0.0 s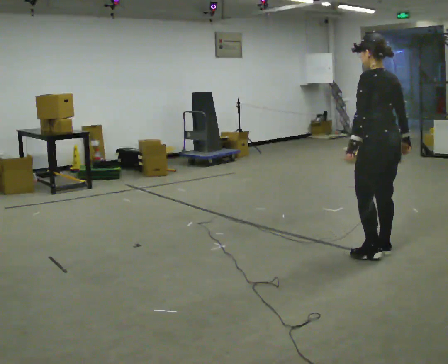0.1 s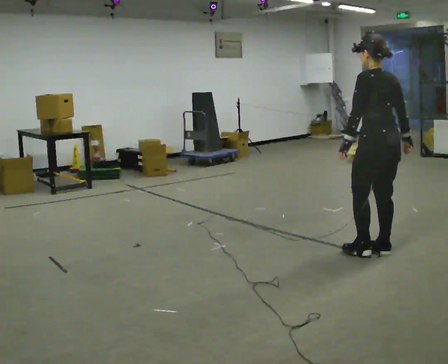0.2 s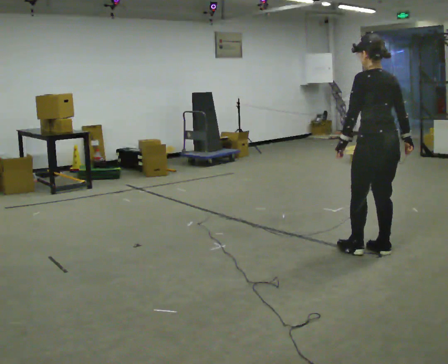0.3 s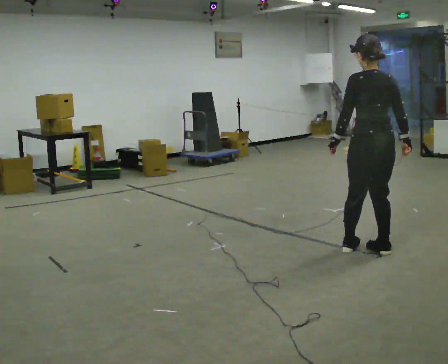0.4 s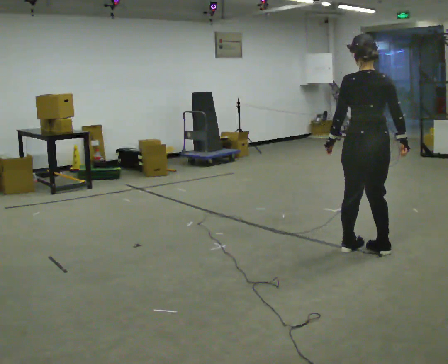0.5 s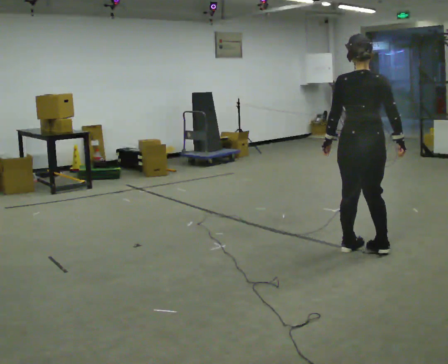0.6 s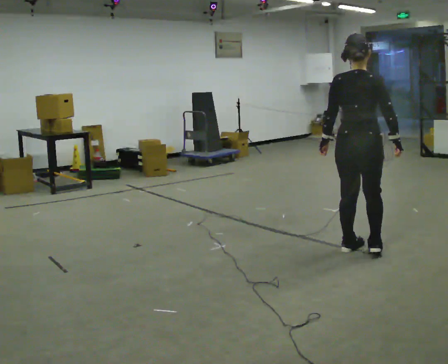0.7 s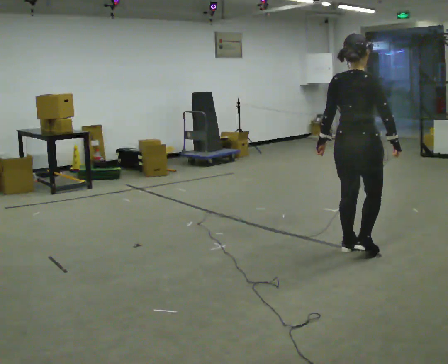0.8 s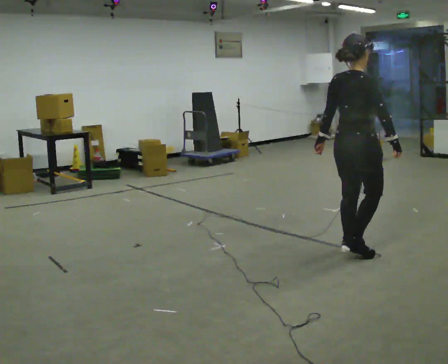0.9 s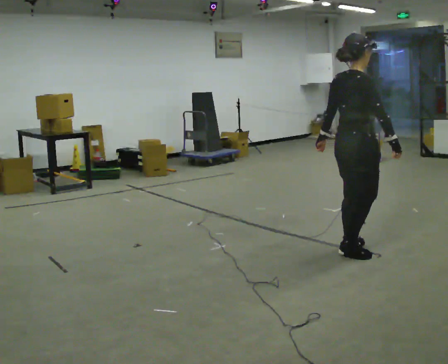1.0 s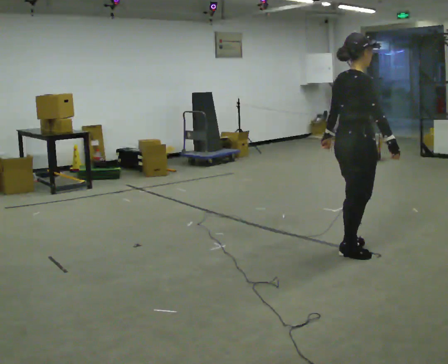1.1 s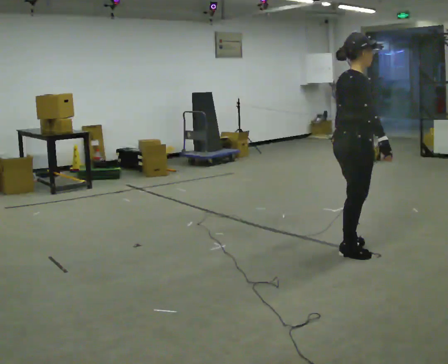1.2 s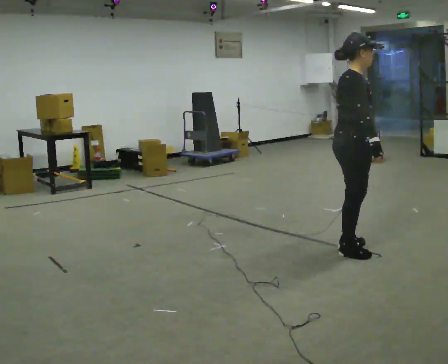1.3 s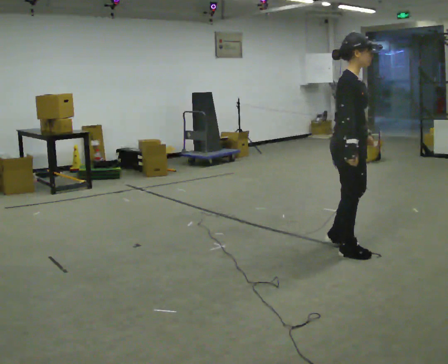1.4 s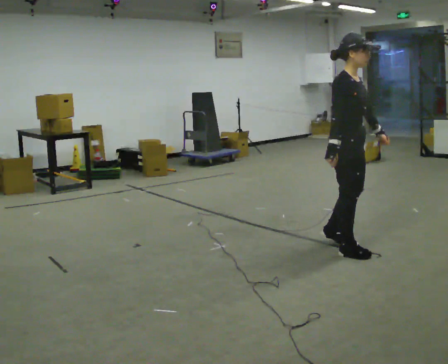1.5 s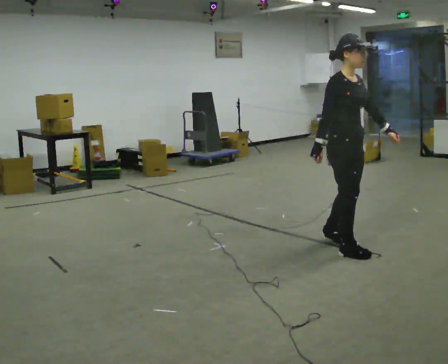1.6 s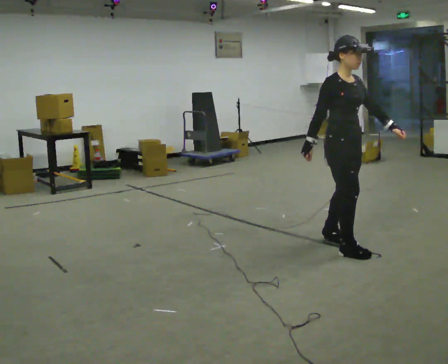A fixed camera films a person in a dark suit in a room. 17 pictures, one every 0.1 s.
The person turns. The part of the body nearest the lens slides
to the left.
The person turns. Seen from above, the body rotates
clockwise.
0.0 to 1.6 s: Seen from above the body turns clockwise, about 165 degrees: to their right, with its near side sliding to the left. In the picture they go to the left and away from the camera, about 0.25 m in 2 steps.
The film runs backward here.
